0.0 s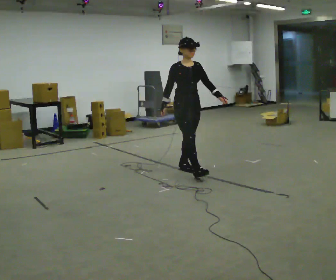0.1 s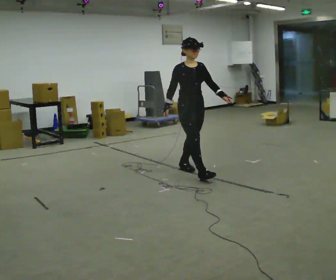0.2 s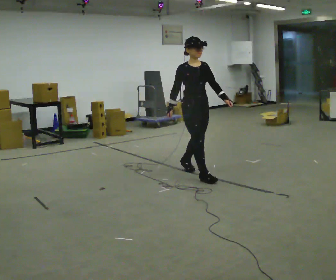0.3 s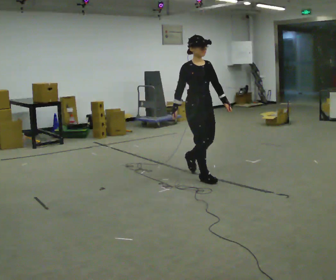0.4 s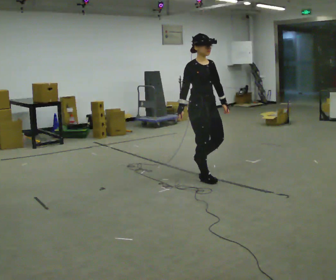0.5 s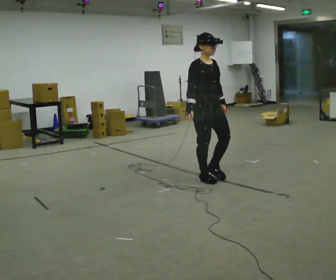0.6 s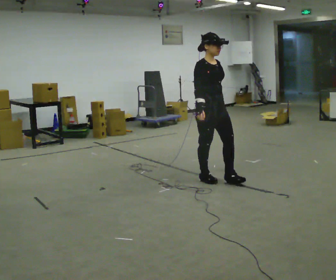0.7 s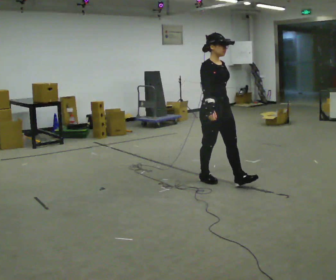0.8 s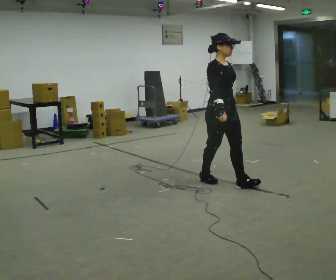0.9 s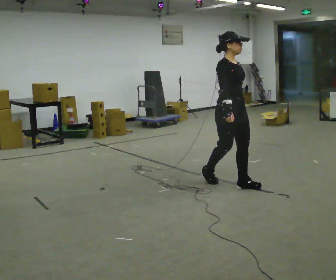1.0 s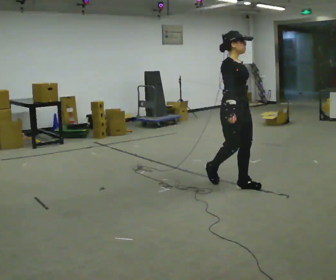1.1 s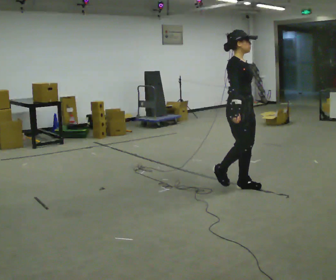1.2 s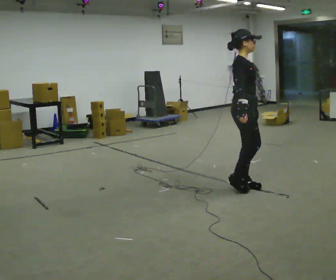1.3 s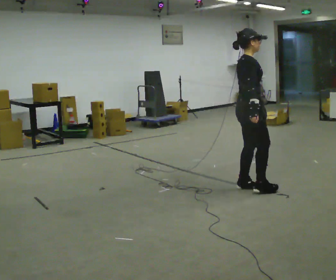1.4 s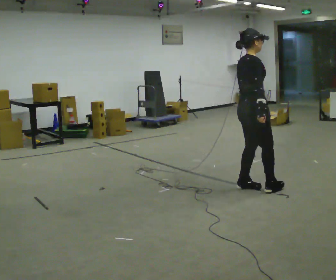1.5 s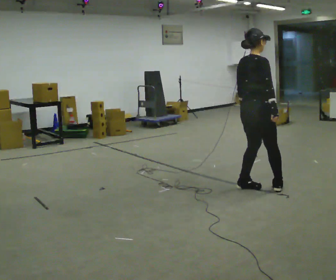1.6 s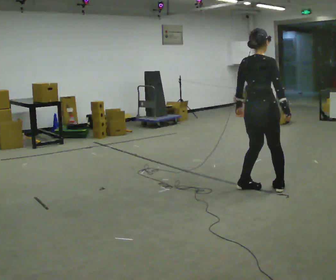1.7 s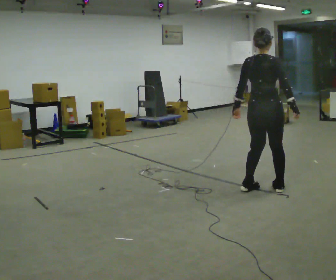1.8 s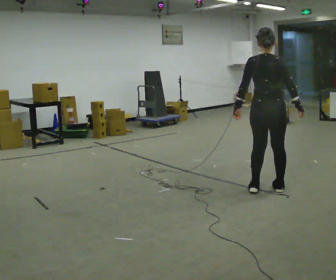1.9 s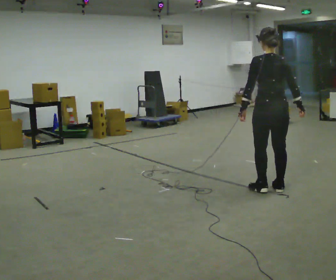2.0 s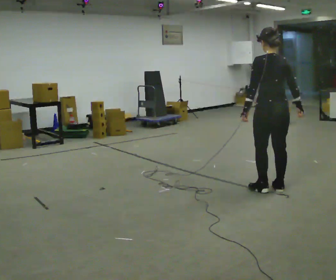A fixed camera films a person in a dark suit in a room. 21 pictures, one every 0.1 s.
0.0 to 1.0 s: In the picture they go toward the camera and to the right, about 1 m in 2 steps, which for them is forward.
1.0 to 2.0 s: The person turns about 150 degrees to their left, counterclockwise seen from above, so the part of the body nearest the lens slides to the right. In the picture they go to the right and toward the camera, about 0.5 m in 2 steps.
The film runs forward here.
